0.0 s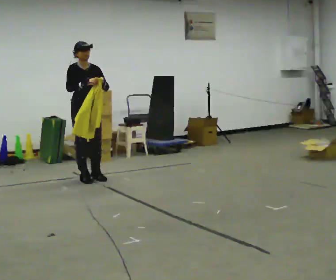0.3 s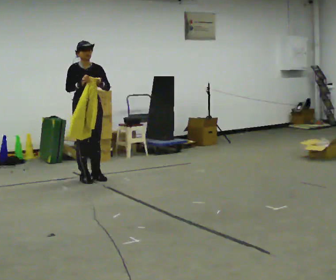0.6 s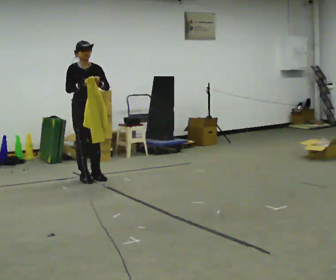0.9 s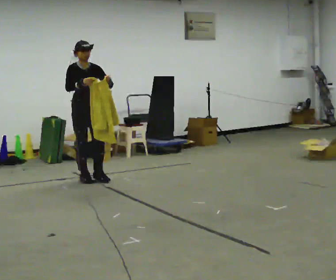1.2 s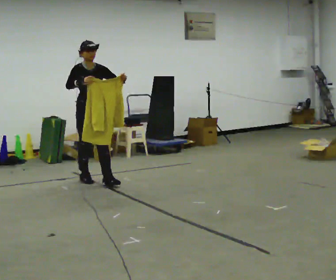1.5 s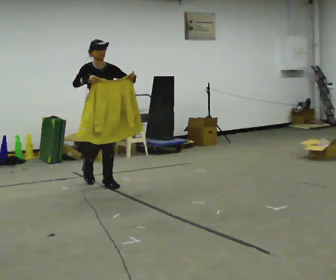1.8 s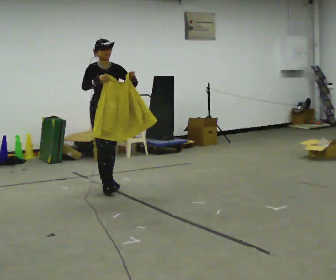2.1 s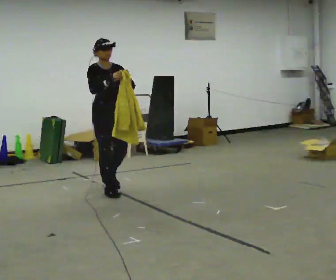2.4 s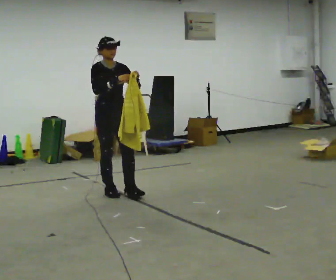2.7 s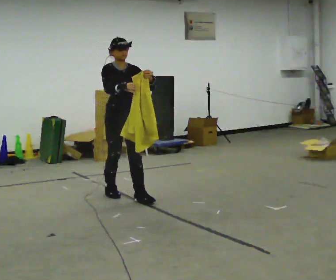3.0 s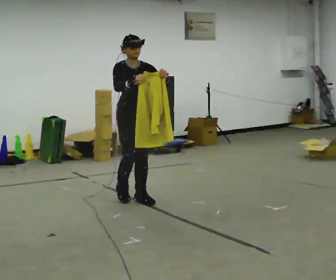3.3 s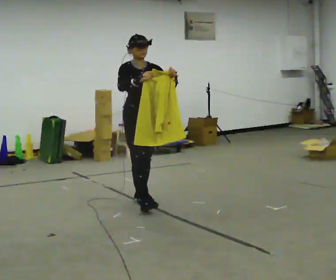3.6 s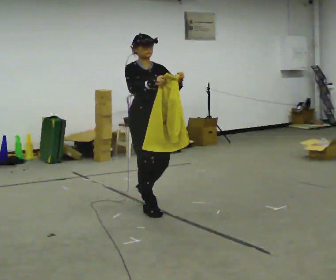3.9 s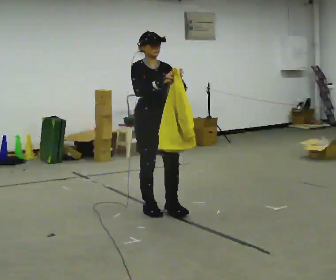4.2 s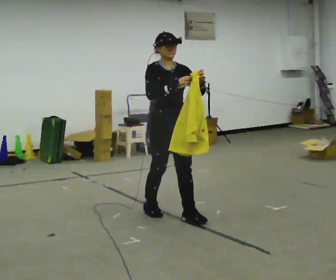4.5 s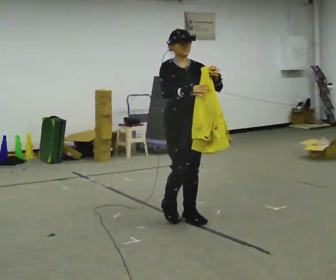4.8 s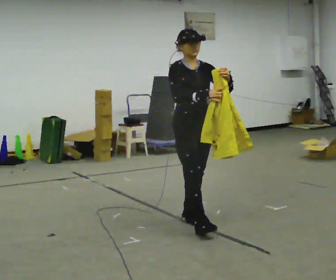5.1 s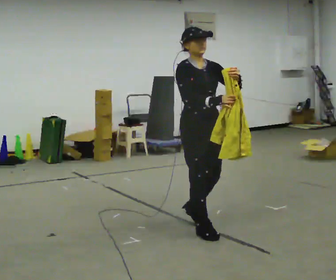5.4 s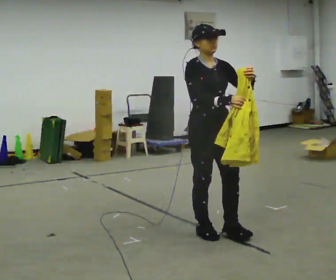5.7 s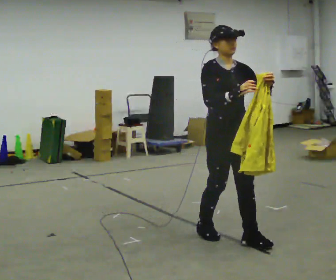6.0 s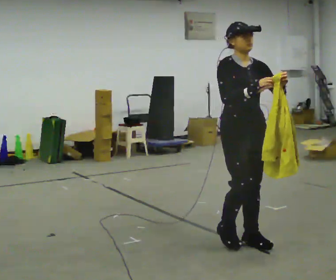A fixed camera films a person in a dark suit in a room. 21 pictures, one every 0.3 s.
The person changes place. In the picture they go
toward the camera.
0.0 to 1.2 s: In the picture they go toward the camera, about 0.25 m in 1 step, which for them is forward.
1.2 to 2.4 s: In the picture they go toward the camera and to the right, about 0.5 m in 1 step, which for them is forward.
2.4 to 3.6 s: In the picture they go toward the camera and to the right, about 0.75 m in 2 steps, which for them is forward.
3.6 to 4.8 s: In the picture they go toward the camera and to the right, about 0.5 m in 1 step, which for them is forward.
4.8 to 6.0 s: In the picture they go toward the camera and to the right, about 0.5 m in 2 steps, which for them is forward.
The film runs forward here.
